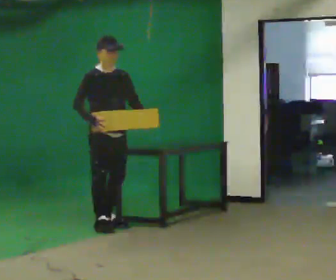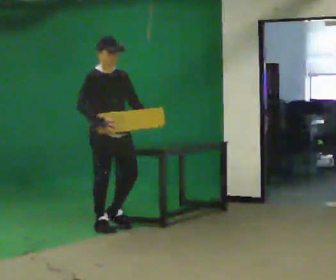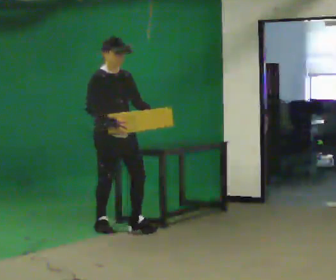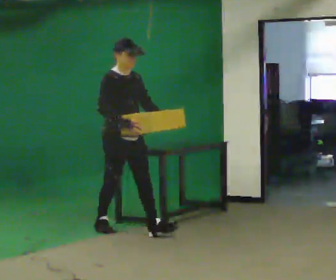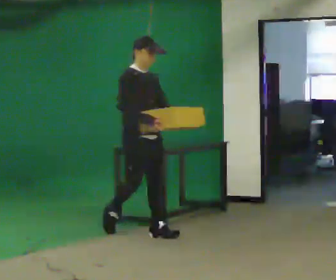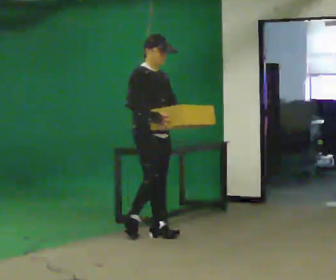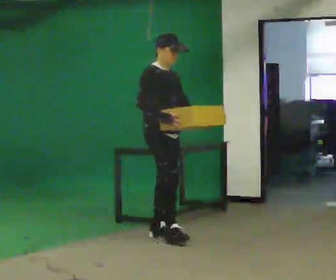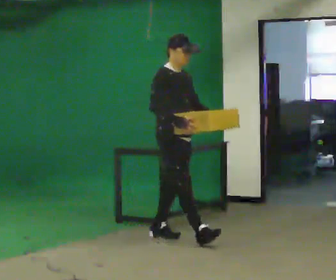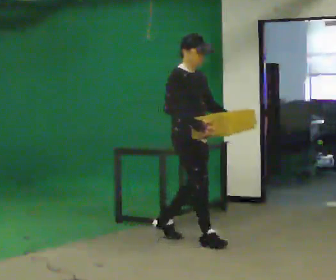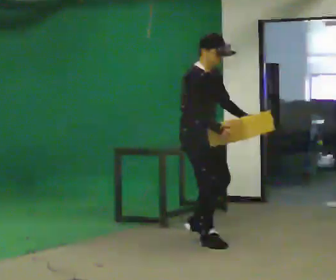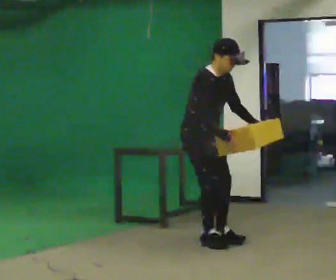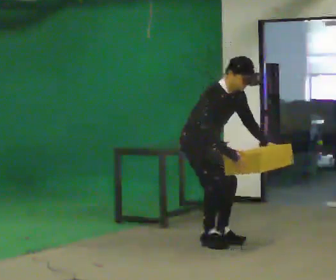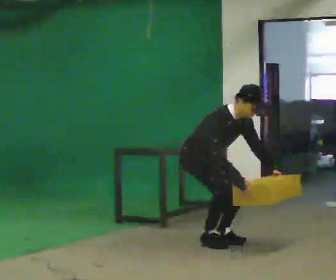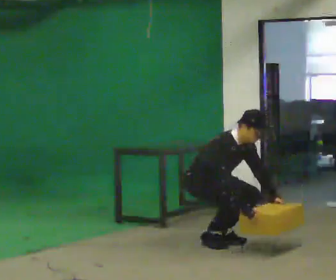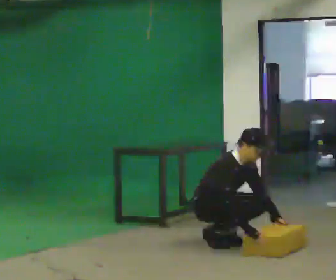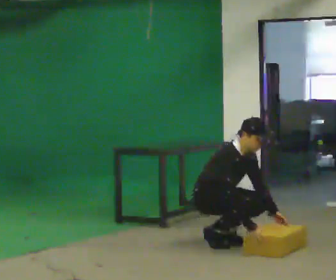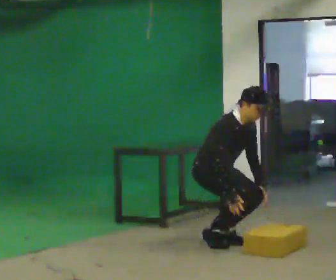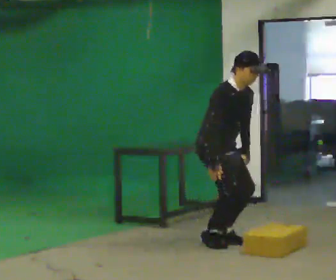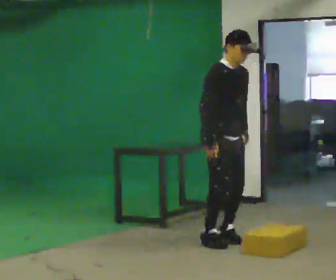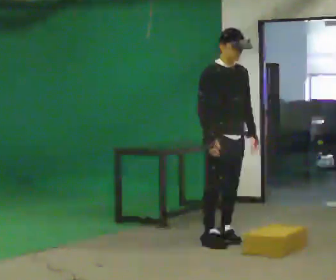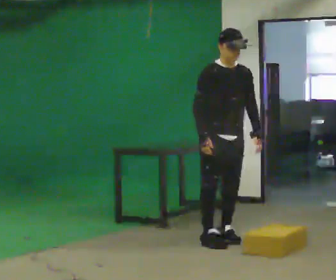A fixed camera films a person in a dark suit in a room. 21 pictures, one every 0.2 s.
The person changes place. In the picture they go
to the right.
0.0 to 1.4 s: In the picture they go to the right and toward the camera, about 1 m in 1 step, which for them is forward.
1.4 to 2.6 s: In the picture they go to the right, about 0.25 m in 2 steps, which for them is forward. The shoulders move downward. In the picture the upper body tilts clockwise, shoulders to the right, as they bend forward. In the picture their right hand goes downward.
2.6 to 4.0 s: Seen from above the body turns clockwise, about 30 degrees: to their right, with its near side sliding to the left. The shoulders move upward. In the picture the upper body tilts counterclockwise, shoulders to the left, as they lean back or straighten. In the picture their right hand goes upward and to the left.
The film runs forward here.
